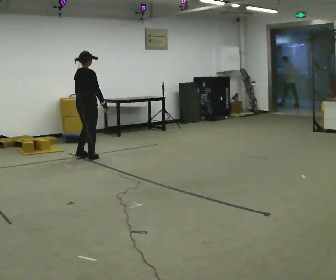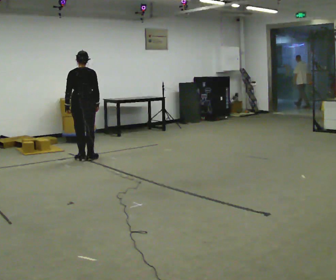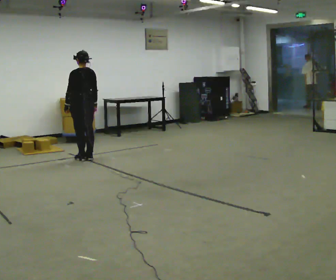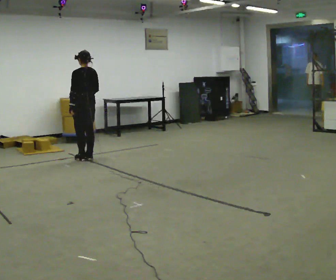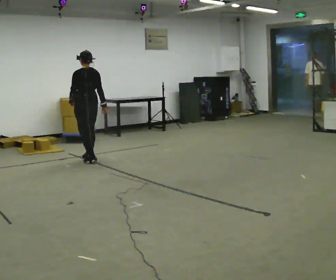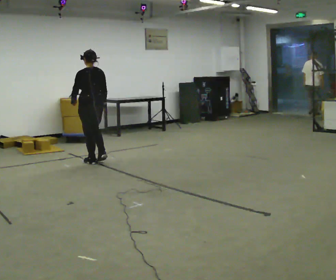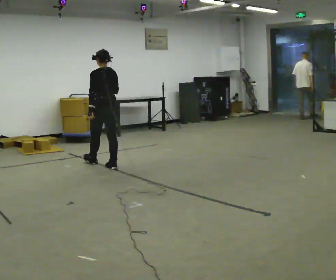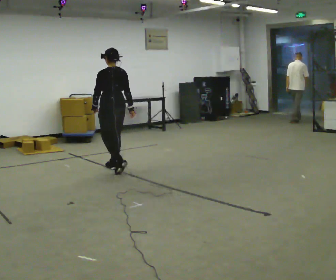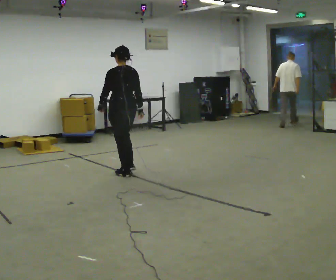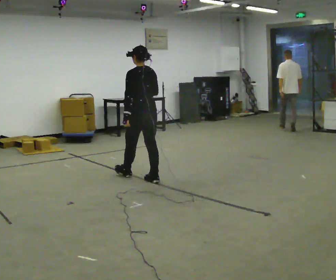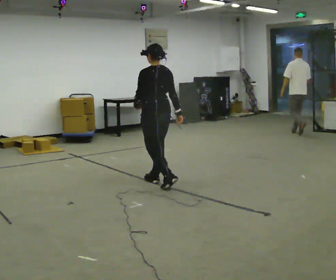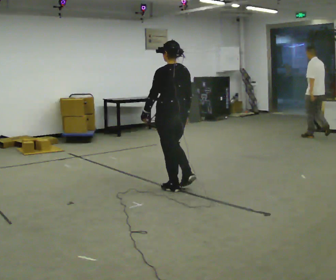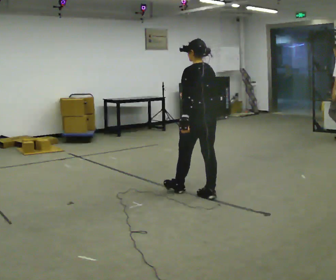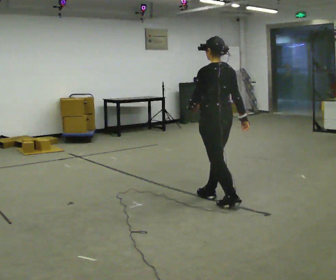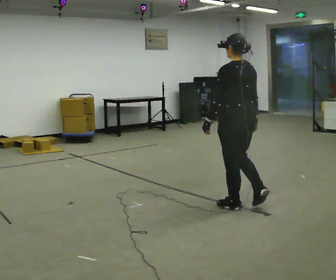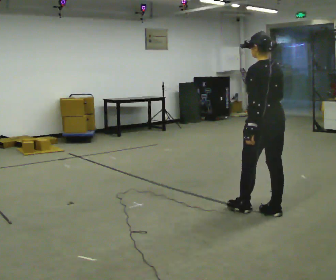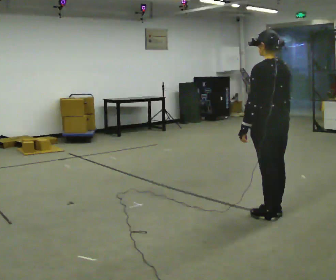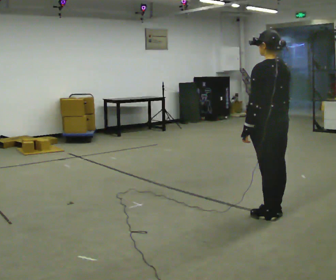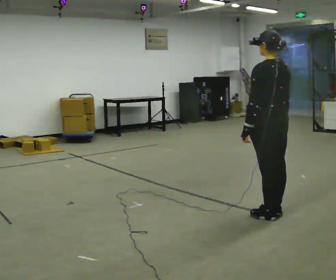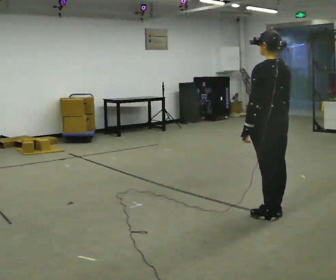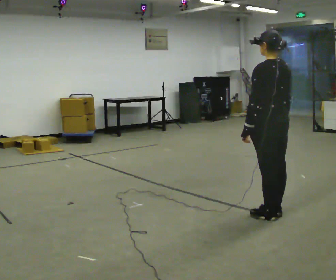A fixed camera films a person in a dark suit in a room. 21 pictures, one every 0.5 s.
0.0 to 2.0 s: Seen from above the body turns counterclockwise, about 90 degrees: to their left, with its near side sliding to the right.
2.0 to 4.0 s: In the picture they go toward the camera and to the right, about 1 m in 3 steps, which for them is backward.
4.0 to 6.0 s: In the picture they go toward the camera and to the right, about 1 m in 3 steps, which for them is backward.
6.0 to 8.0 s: In the picture they go toward the camera and to the right, about 1 m in 2 steps, which for them is backward.
8.0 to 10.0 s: The person moves a little, or ends about where they began.
The film runs backward here.
